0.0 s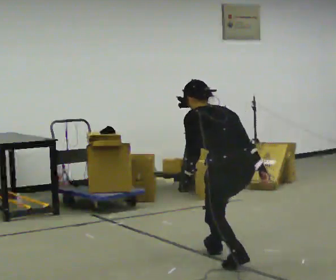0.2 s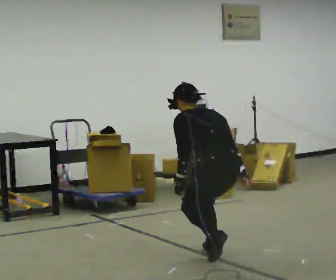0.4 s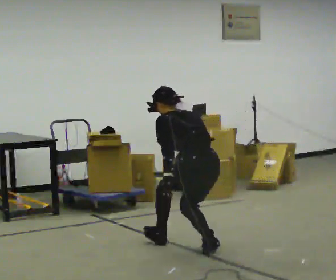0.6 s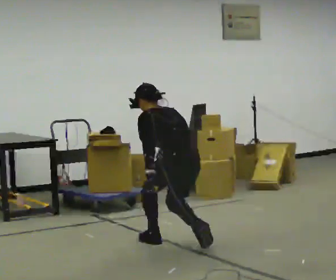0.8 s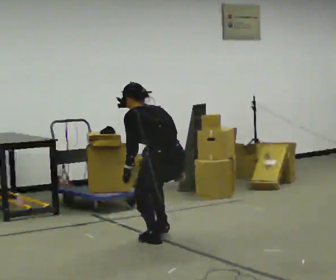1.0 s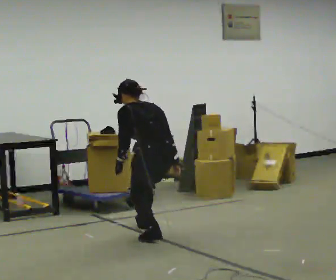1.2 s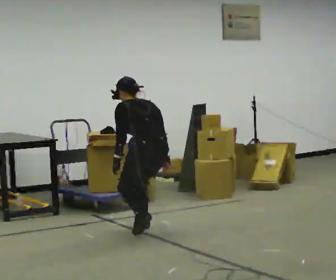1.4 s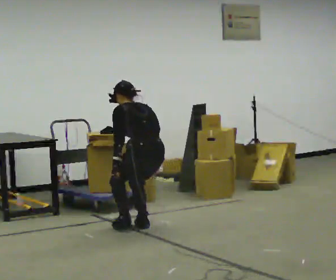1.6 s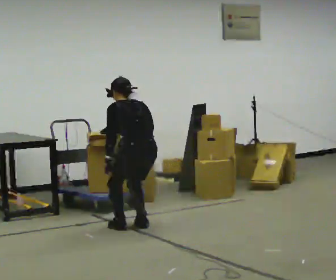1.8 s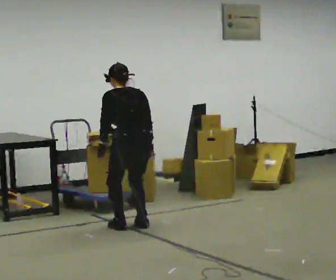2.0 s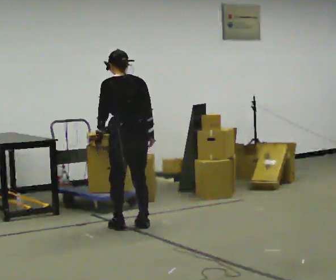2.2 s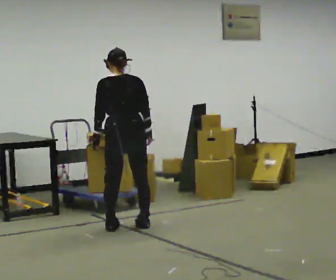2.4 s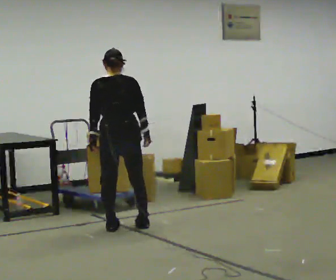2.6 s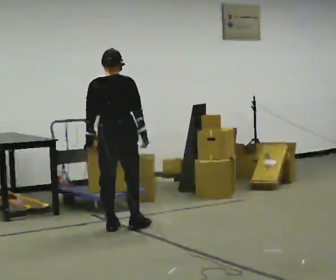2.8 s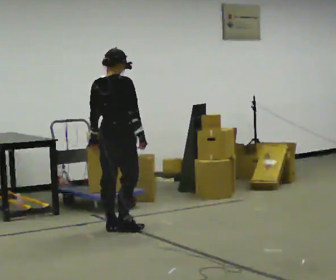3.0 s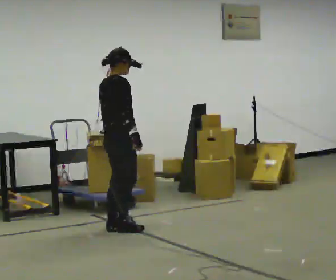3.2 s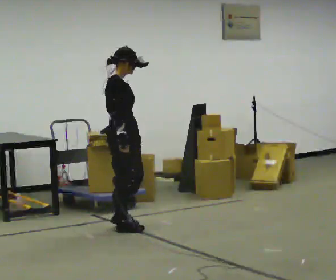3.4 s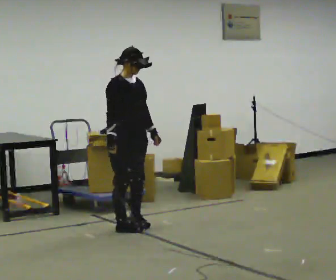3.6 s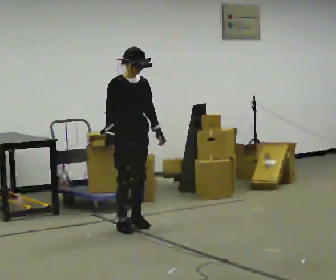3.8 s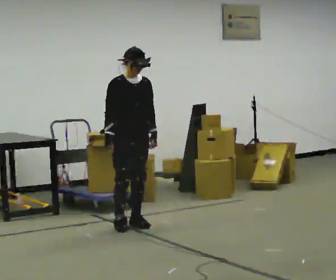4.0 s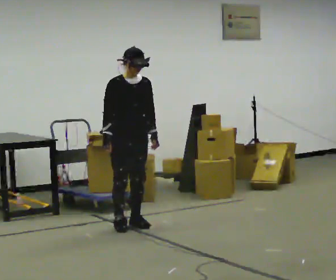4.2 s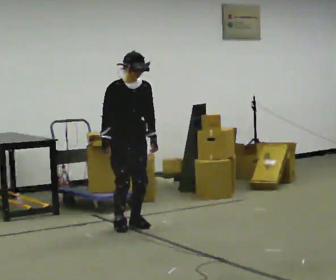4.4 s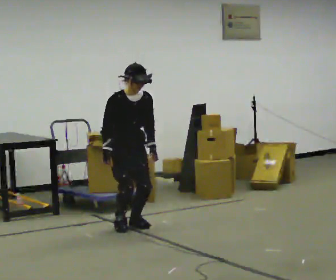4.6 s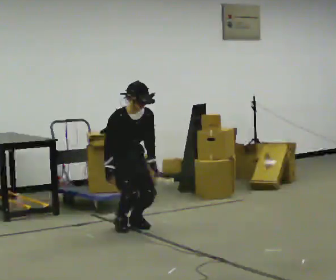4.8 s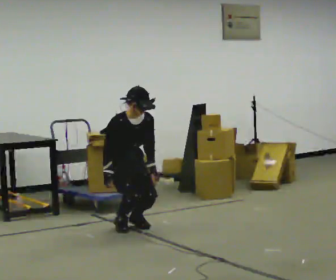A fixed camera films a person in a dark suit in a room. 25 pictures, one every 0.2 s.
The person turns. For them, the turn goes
to their right.
The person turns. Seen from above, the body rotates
clockwise.
0.0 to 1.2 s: In the picture they go away from the camera and to the left, about 1 m in 2 steps, which for them is forward.
1.2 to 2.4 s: The person turns about 45 degrees to their right, clockwise seen from above, so the part of the body nearest the lens slides to the left. In the picture they go to the left, about 0.25 m in 1 step, which for them is forward and to their left. The upper body goes upward. The upper body tips toward the camera, its near side rolling downward, as they lean back or straighten.
2.4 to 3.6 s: The person turns about 135 degrees to their right, clockwise seen from above, so the part of the body nearest the lens slides to the left. The upper body tips toward the camera, its near side rolling downward. In the picture their right hand goes to the left, the arm swinging clockwise.
3.6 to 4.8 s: The upper body goes downward. The upper body tips toward the camera, its near side rolling downward, as they bend forward.
The film runs forward here.
